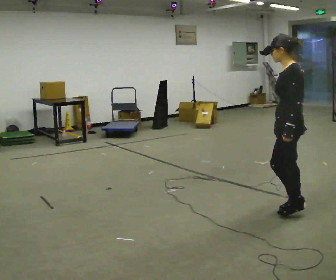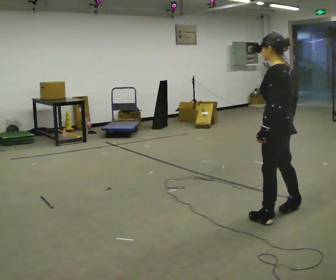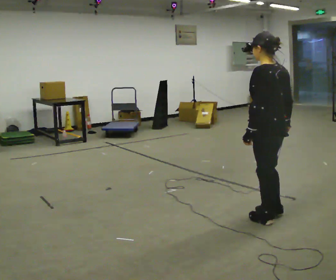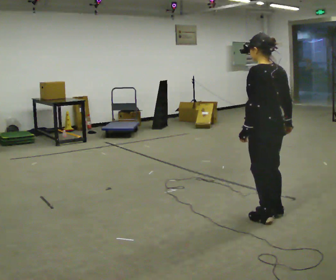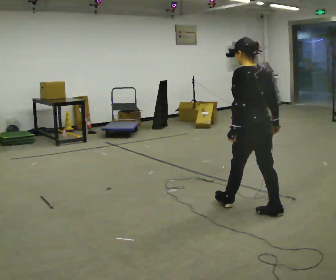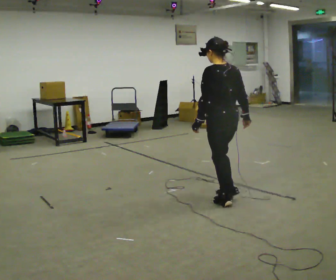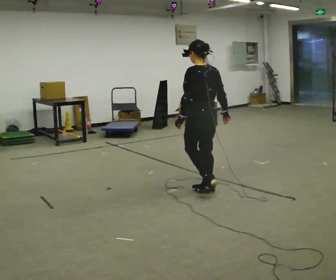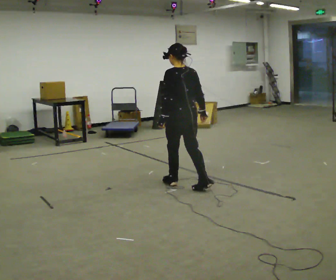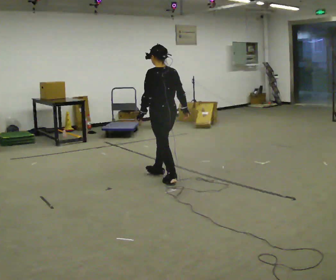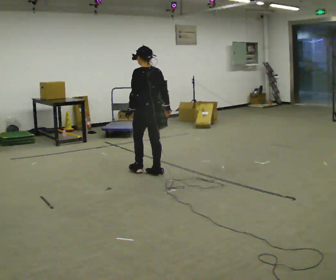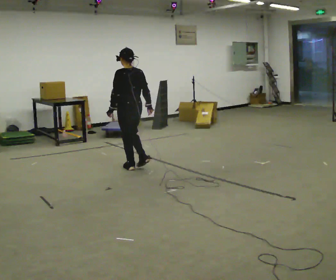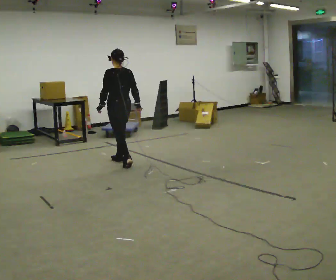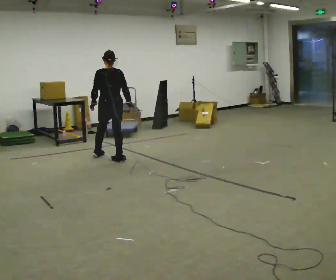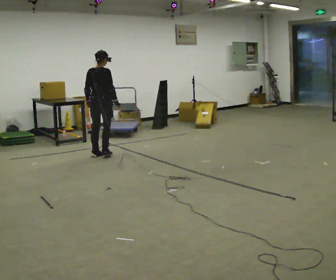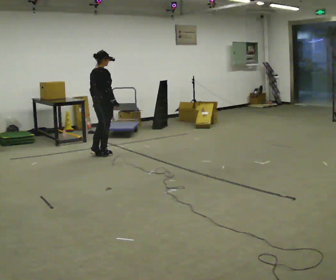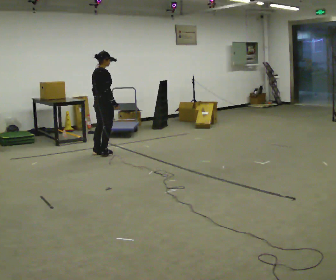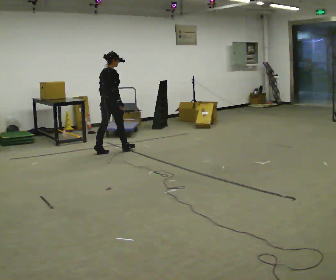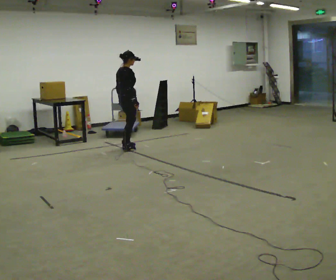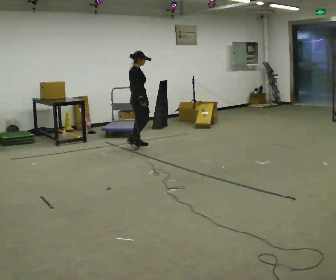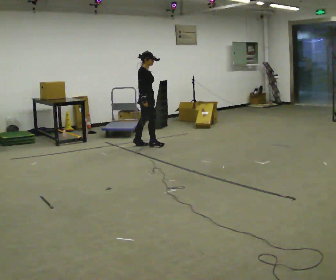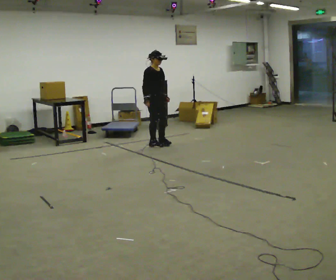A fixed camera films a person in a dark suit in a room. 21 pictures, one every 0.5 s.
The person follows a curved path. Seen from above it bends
clockwise.
The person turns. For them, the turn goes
to their right.
0.0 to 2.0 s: The person turns about 45 degrees to their right, clockwise seen from above, so the part of the body nearest the lens slides to the left. In the picture they go to the left, about 0.25 m in 2 steps, which for them is forward and to their left.
2.0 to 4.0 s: In the picture they go away from the camera and to the left, about 1.5 m in 3 steps, which for them is forward.
4.0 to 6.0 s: The part of the body nearest the lens slides to the left as the person turns to their right by about 30 degrees. In the picture they go away from the camera and to the left, about 1 m in 3 steps, which for them is forward.
6.0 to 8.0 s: Seen from above the body turns clockwise, about 60 degrees: to their right, with its near side sliding to the left. In the picture they go away from the camera, about 0.5 m in 4 steps.
8.0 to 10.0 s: The person turns about 75 degrees to their right, clockwise seen from above, so the part of the body nearest the lens slides to the left. In the picture they go to the right and away from the camera, about 1 m in 2 steps.
The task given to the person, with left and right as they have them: Walk straight; turn around and walk back; use wide or tight turn.
The film runs forward here.
